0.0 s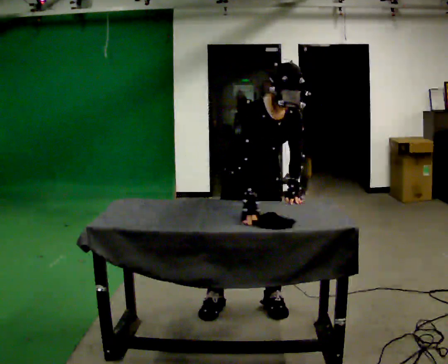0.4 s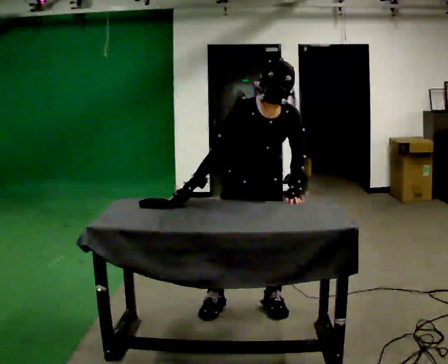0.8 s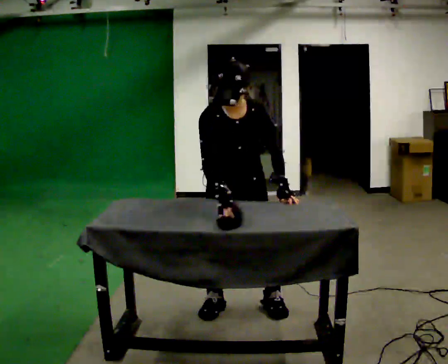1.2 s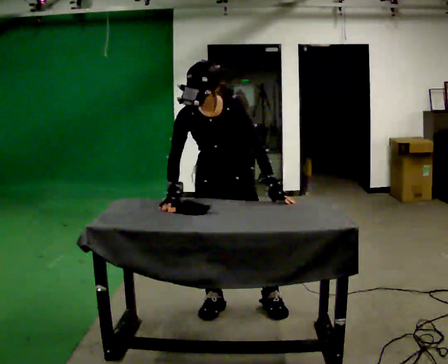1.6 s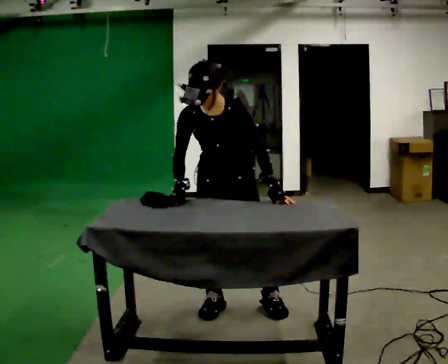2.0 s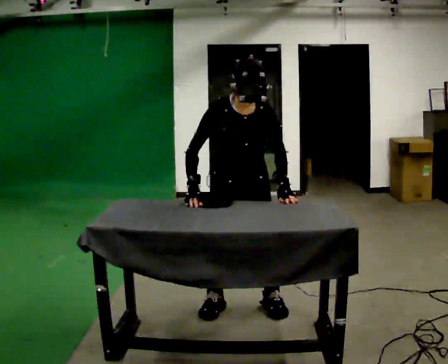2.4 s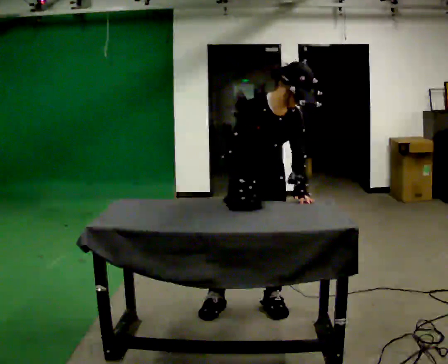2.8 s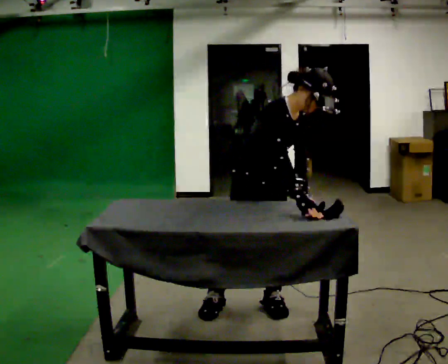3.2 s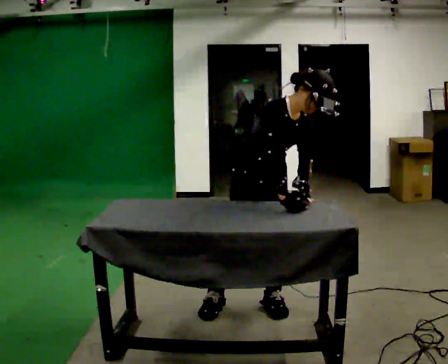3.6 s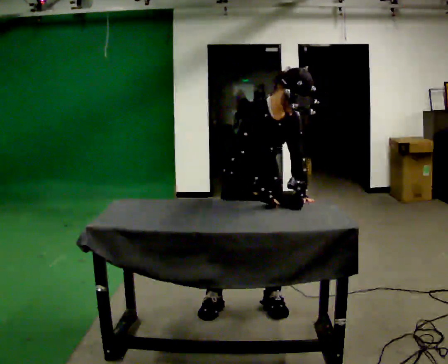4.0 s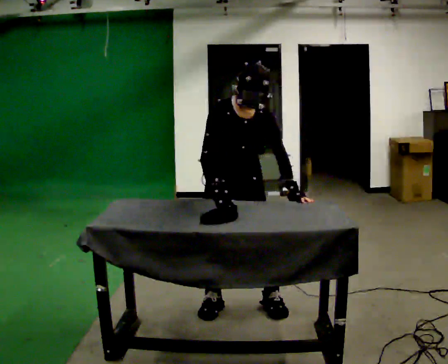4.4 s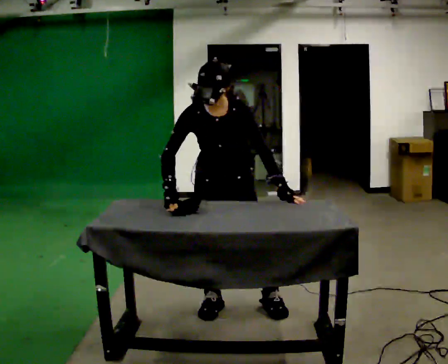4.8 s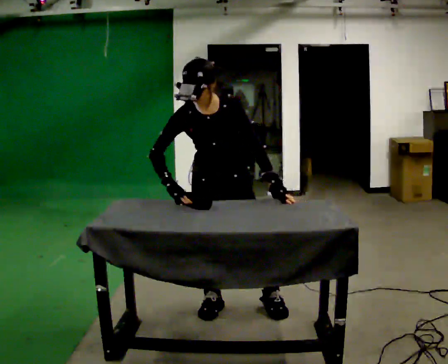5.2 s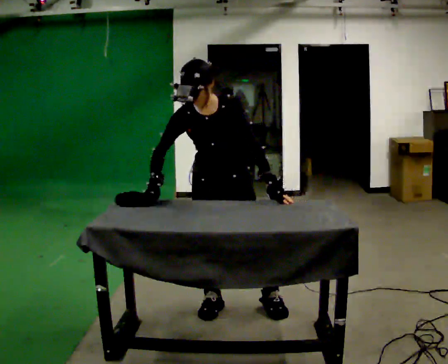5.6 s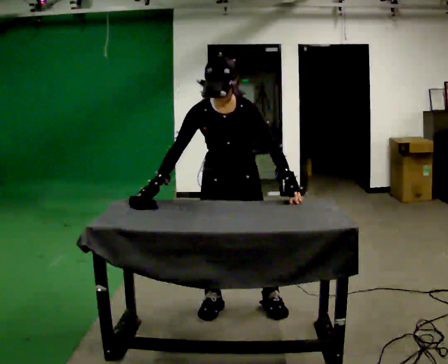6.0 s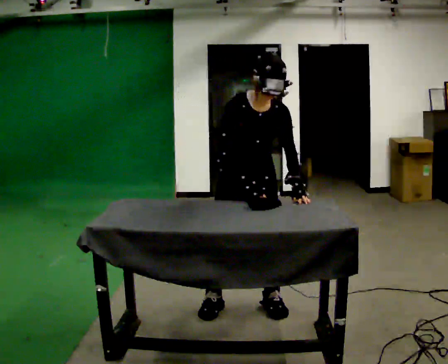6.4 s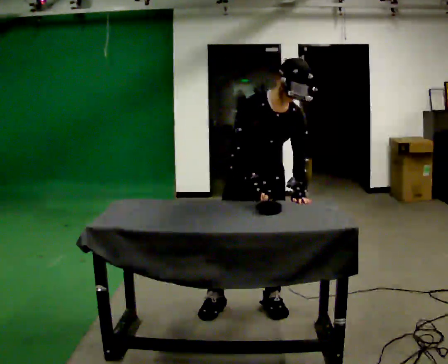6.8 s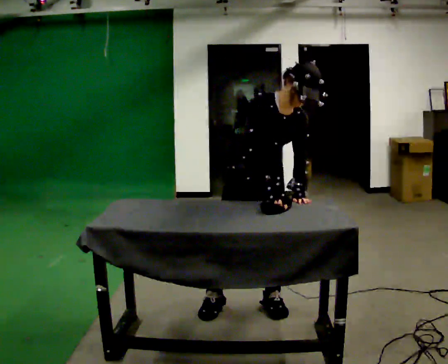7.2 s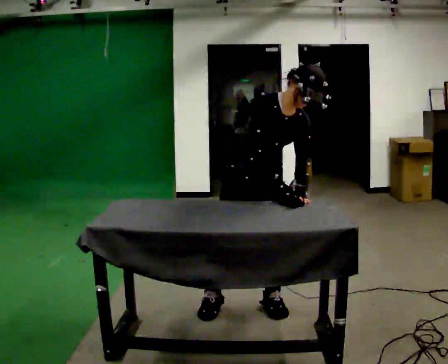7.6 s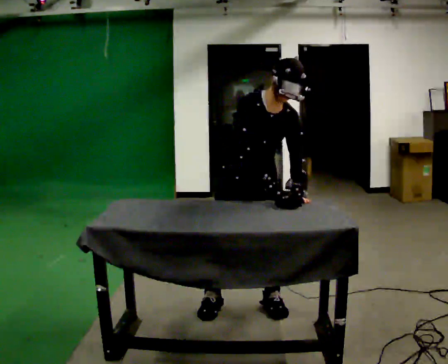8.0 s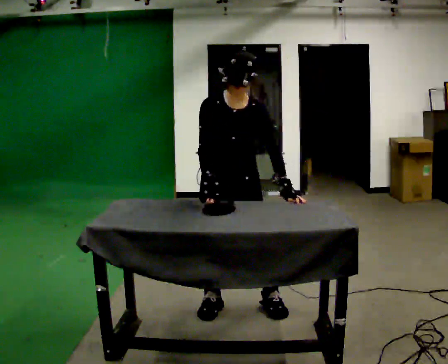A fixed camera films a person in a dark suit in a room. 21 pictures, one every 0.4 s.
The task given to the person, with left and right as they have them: Cover the whole panel with the brush or roller, using long strokes. Repeat at your own pace until the operator says stop. Keep both feet on the marked spots for the whole take. If you have to step, stop and tell the operator.
0.0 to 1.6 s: The part of the body nearest the lens slides to the left as the person turns to their right by about 30 degrees. In the picture the upper body tilts counterclockwise, shoulders to the left. In the picture their right hand goes to the left.
1.6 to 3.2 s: The part of the body nearest the lens slides to the right as the person turns to their left by about 45 degrees. In the picture they go to the right, about 0.25 m, which for them is to their left. In the picture the upper body tilts clockwise, shoulders to the right. In the picture their right hand goes to the right.
3.2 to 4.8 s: The person turns about 45 degrees to their right, clockwise seen from above, so the part of the body nearest the lens slides to the left. In the picture they go to the left, about 0.25 m, which for them is to their right. In the picture the upper body tilts counterclockwise, shoulders to the left, as they lean back or straighten. In the picture their right hand goes to the left.
4.8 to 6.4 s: In the picture they go to the right, about 0.25 m, which for them is to their left. In the picture the upper body tilts clockwise, shoulders to the right.
6.4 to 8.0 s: In the picture they go to the left, about 0.25 m, which for them is to their right.
The film runs forward here.
